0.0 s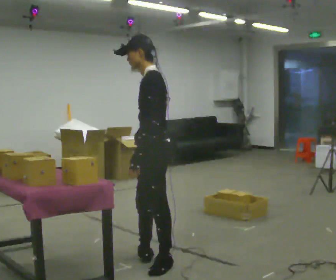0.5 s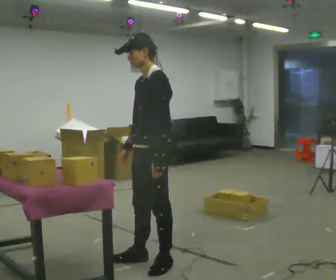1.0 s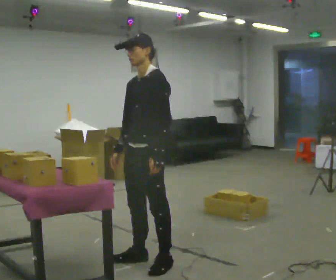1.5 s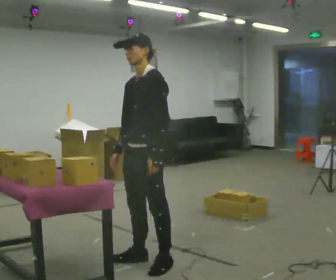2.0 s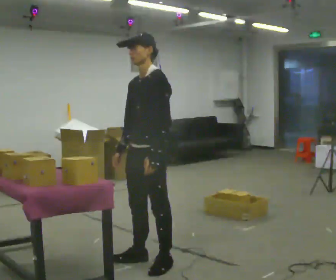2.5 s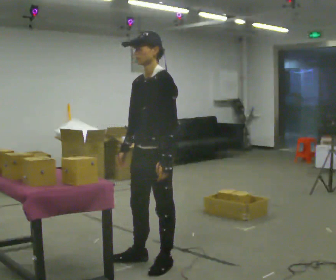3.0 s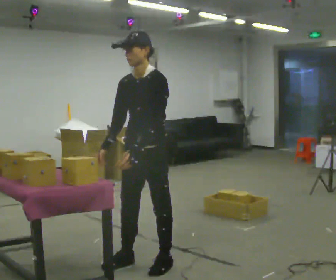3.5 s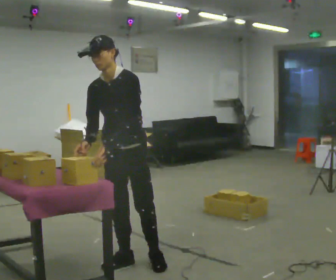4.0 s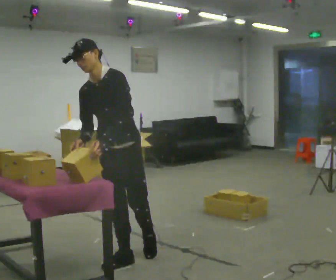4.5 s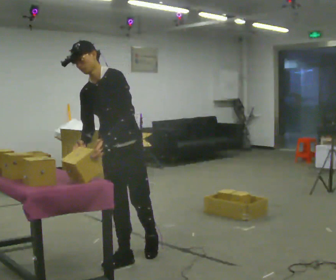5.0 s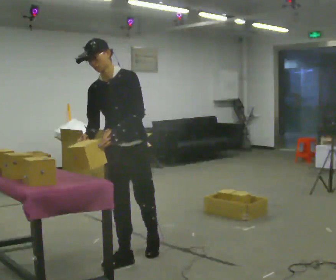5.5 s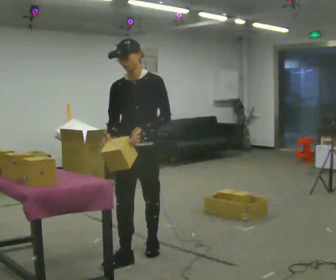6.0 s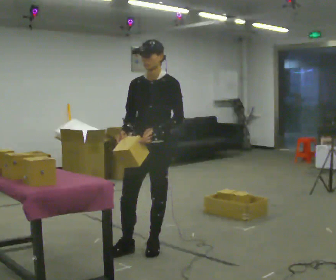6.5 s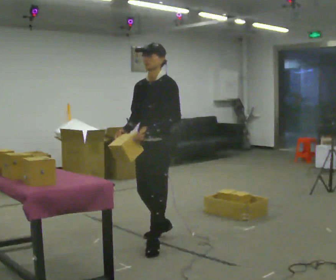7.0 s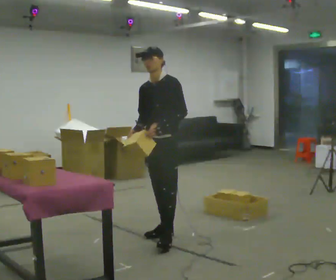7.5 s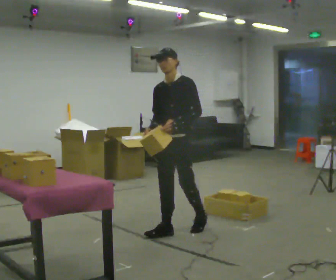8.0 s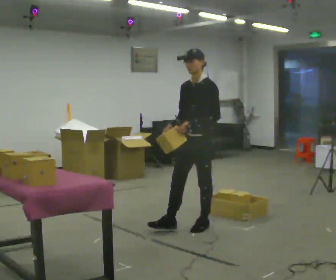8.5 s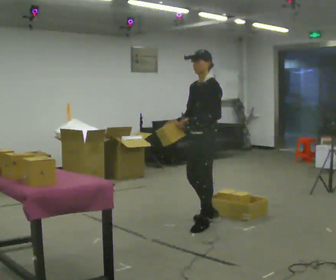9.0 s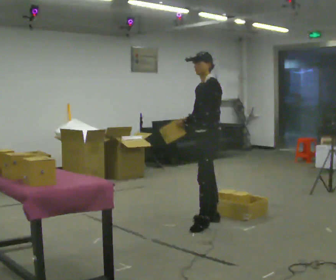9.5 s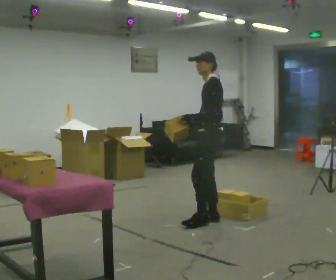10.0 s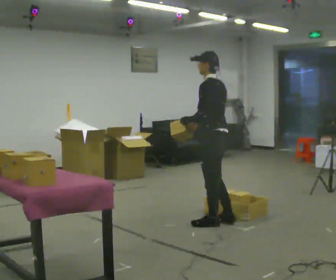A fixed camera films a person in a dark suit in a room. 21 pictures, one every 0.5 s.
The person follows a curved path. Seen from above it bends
clockwise.
0.0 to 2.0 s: Seen from above the body turns counterclockwise, about 30 degrees: to their left, with its near side sliding to the right.
2.0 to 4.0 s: The person turns about 30 degrees to their left, counterclockwise seen from above, so the part of the body nearest the lens slides to the right. In the picture they go to the left, about 0.25 m in 1 step, which for them is to their right. In the picture the upper body tilts counterclockwise, shoulders to the left, as they bend forward. In the picture their right hand goes to the left.
4.0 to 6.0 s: In the picture they go away from the camera and to the right, about 0.5 m in 1 step, which for them is backward. In the picture the upper body tilts clockwise, shoulders to the right.
6.0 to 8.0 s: Seen from above the body turns clockwise, about 30 degrees: to their right, with its near side sliding to the left. In the picture they go away from the camera and to the right, about 1 m in 2 steps, which for them is backward.
8.0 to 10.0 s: The part of the body nearest the lens slides to the left as the person turns to their right by about 60 degrees. In the picture they go to the right, about 0.25 m in 2 steps.
The film runs backward here.
